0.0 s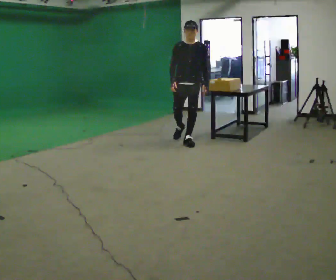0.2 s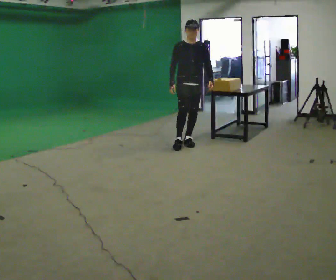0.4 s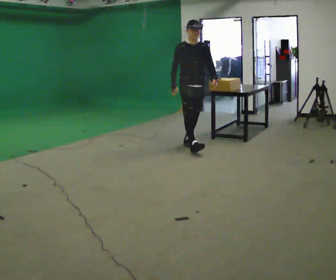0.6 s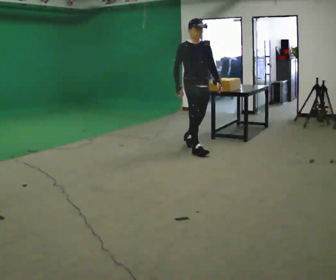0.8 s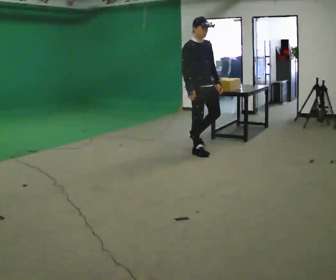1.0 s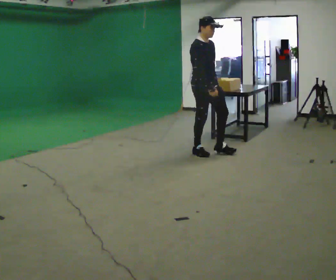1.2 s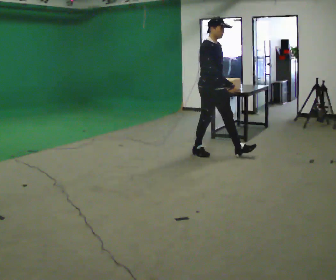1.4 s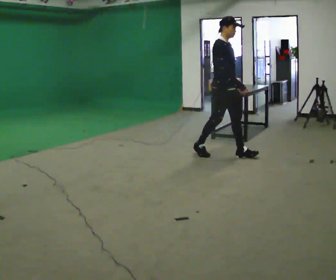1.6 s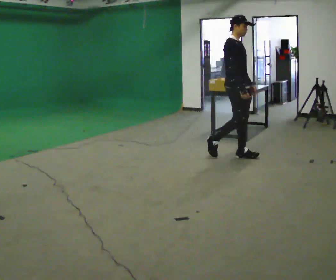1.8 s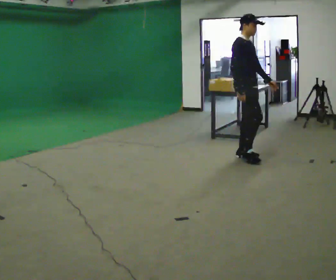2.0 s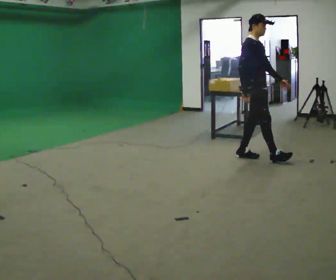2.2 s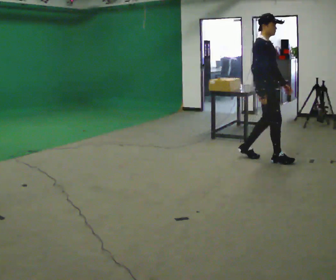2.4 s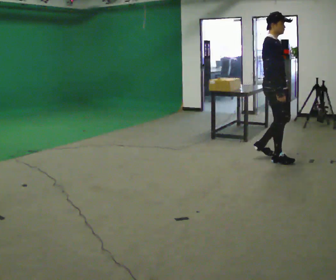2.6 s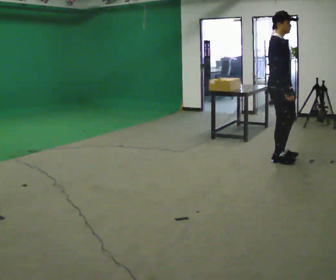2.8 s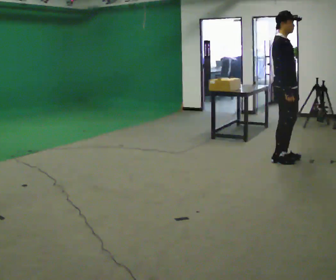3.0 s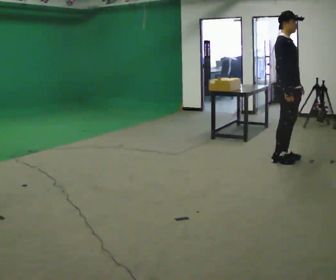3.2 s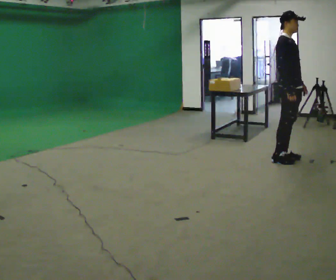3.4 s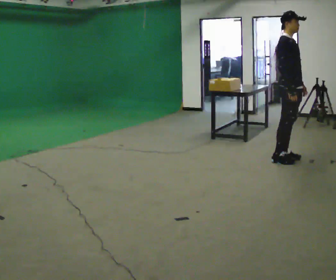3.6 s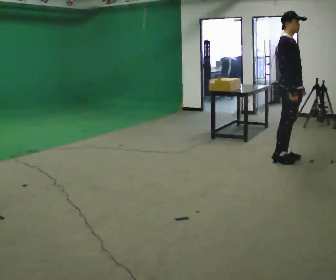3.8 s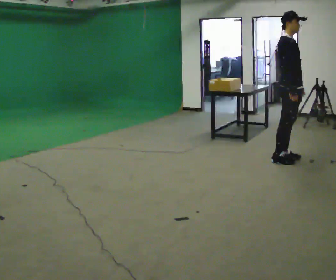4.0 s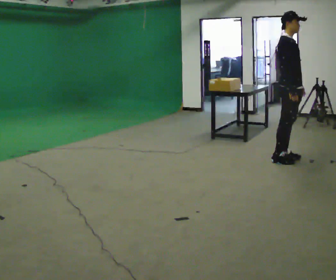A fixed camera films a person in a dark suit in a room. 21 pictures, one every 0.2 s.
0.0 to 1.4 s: The person turns about 60 degrees to their left, counterclockwise seen from above, so the part of the body nearest the lens slides to the right. In the picture they go toward the camera and to the right, about 1 m in 2 steps, which for them is forward.
1.4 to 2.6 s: In the picture they go to the right, about 0.75 m in 1 step, which for them is forward.
2.6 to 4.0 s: The person moves a little, or ends about where they began.
The film runs forward here.
